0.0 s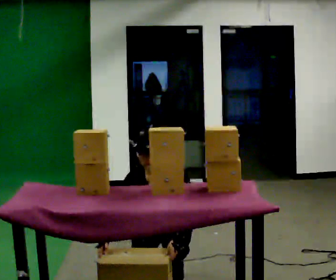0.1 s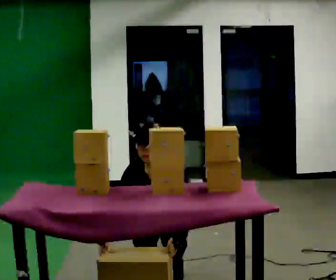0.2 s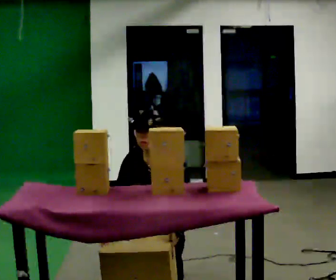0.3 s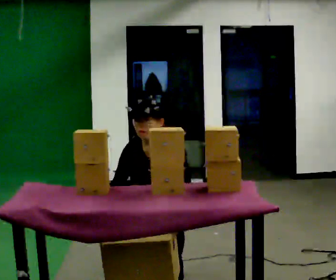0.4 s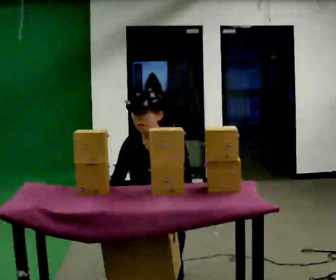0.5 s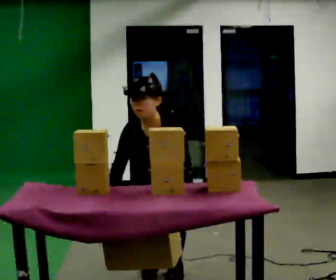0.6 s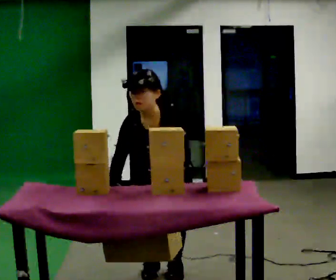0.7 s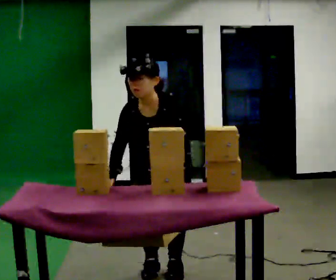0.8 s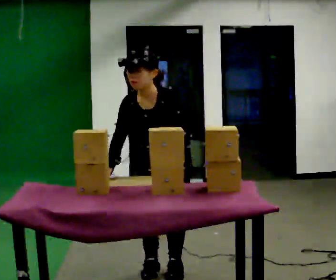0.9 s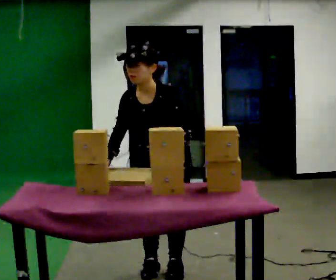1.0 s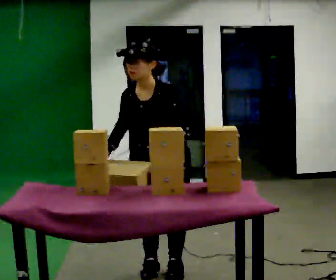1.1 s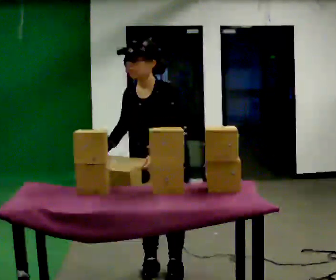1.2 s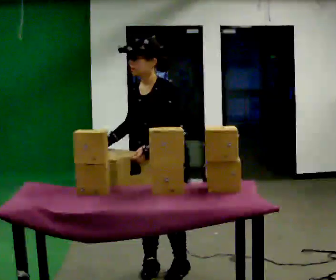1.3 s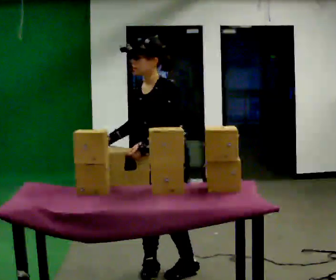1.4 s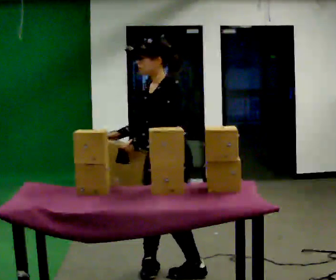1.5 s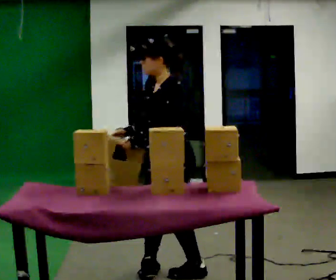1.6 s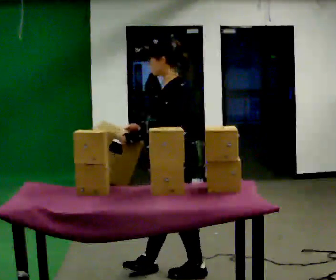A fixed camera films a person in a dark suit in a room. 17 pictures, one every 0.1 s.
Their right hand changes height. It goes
upward.
The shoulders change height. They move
upward.
0.0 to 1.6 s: The part of the body nearest the lens slides to the left as the person turns to their right by about 90 degrees. The shoulders move upward. The upper body tips away from the camera, its near side rolling upward, as they lean back or straighten. In the picture their right hand goes upward.
The film runs forward here.
